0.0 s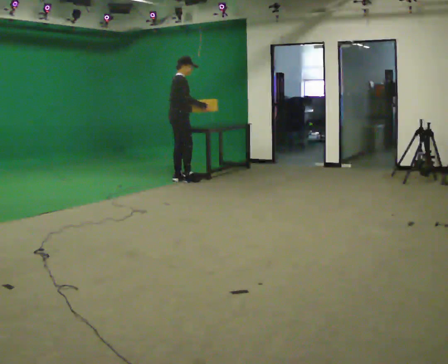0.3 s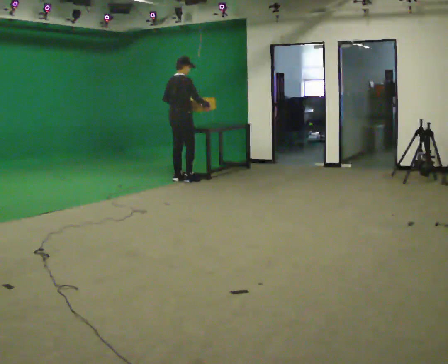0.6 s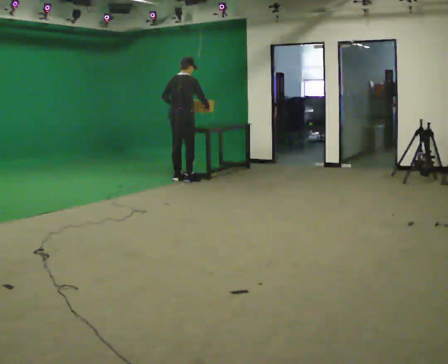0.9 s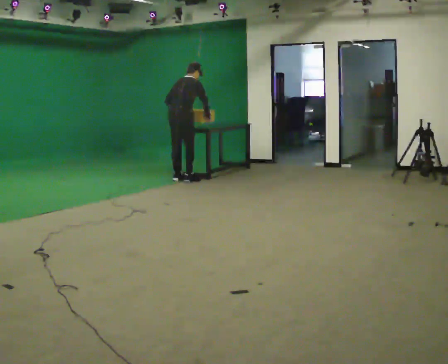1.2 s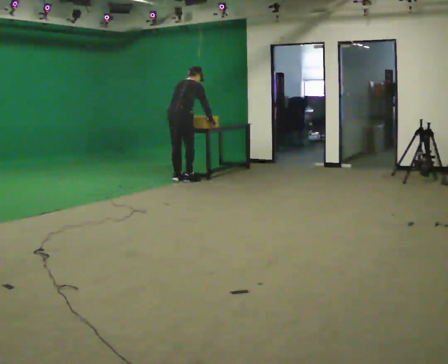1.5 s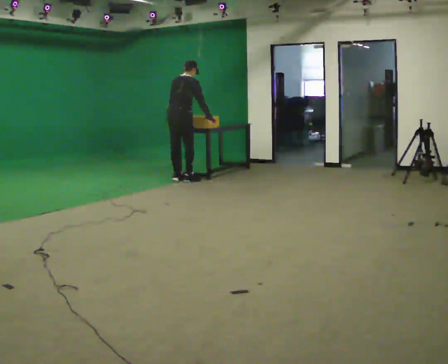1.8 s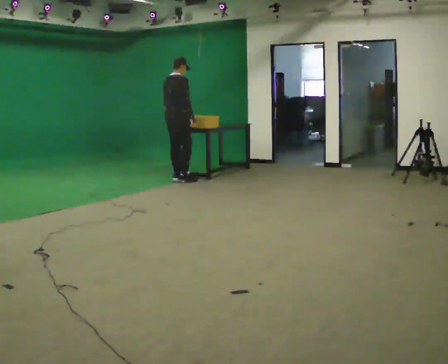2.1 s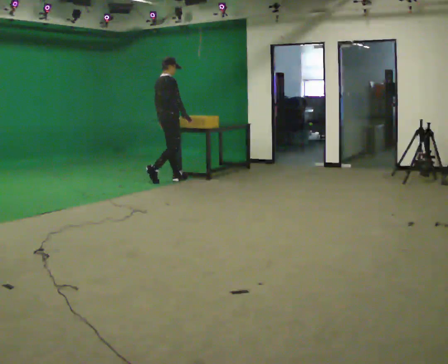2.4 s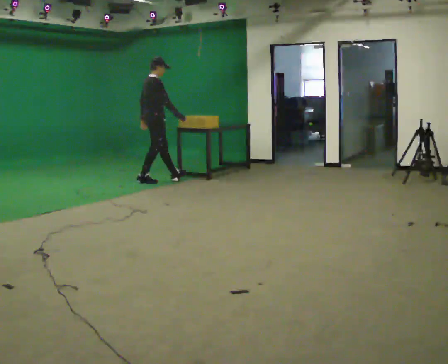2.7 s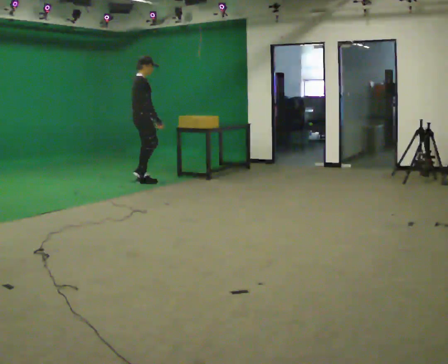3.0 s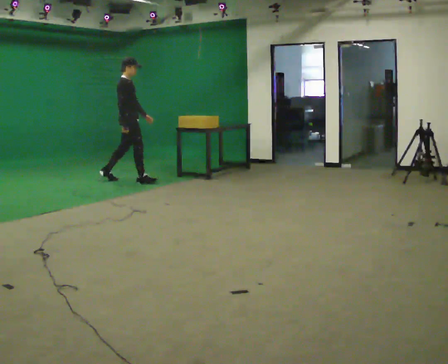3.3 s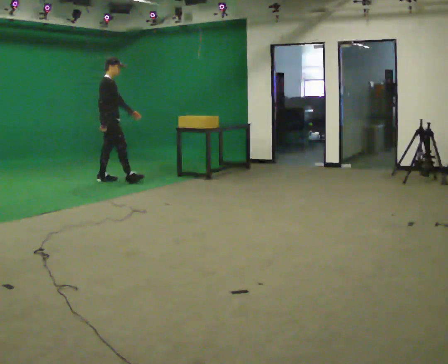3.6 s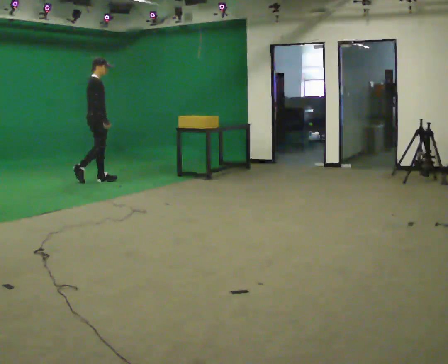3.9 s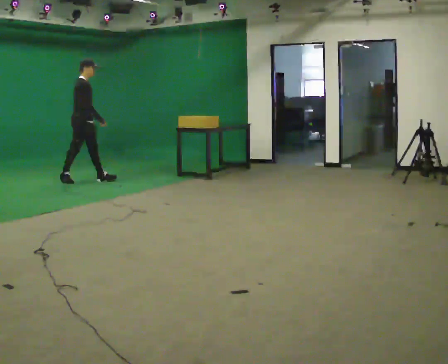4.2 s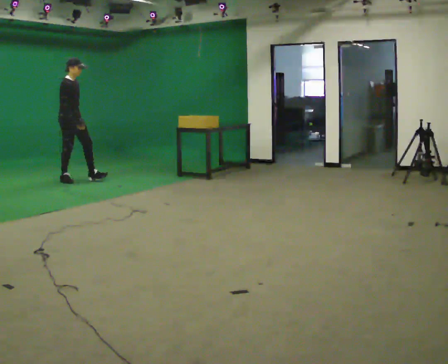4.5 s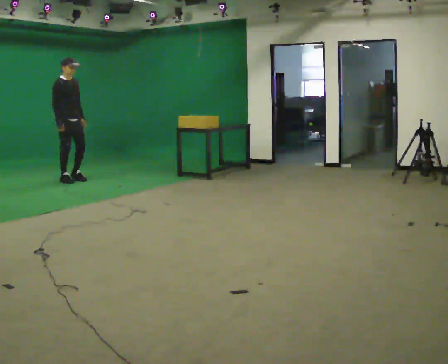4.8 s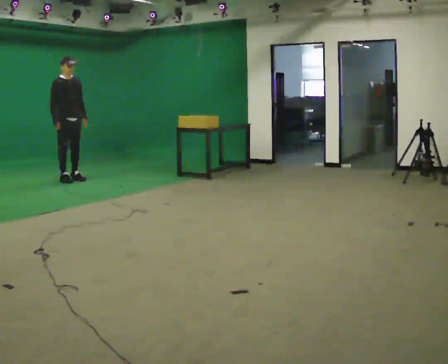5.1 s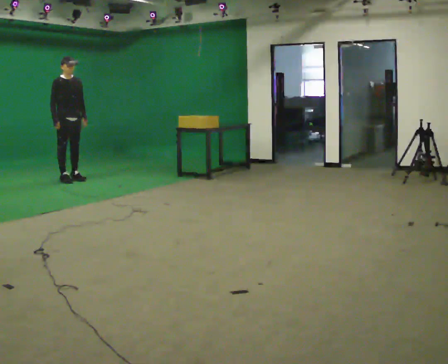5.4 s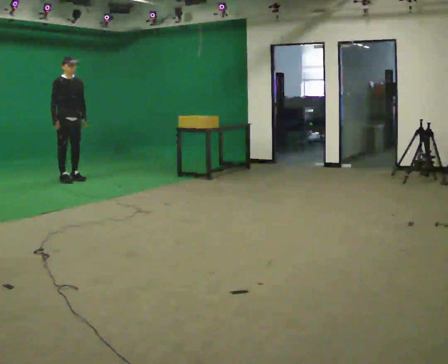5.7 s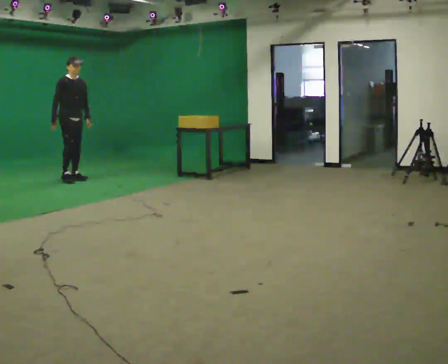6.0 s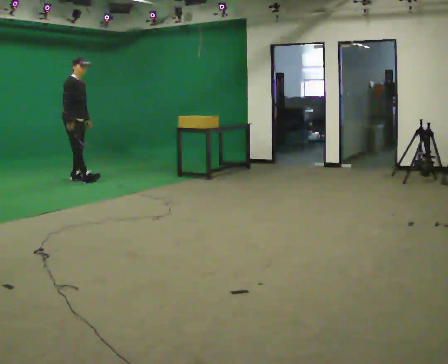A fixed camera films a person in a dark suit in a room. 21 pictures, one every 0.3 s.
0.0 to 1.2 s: Seen from above the body turns counterclockwise, about 45 degrees: to their left, with its near side sliding to the right. The upper body tips away from the camera, its near side rolling upward, as they bend forward.
1.2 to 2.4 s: The part of the body nearest the lens slides to the left as the person turns to their right by about 30 degrees. In the picture they go to the left, about 0.5 m in 2 steps, which for them is backward and to their left. The upper body tips toward the camera, its near side rolling downward, as they lean back or straighten.
2.4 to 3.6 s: In the picture they go to the left, about 1 m in 1 step, which for them is backward.
3.6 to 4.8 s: The person turns about 45 degrees to their right, clockwise seen from above, so the part of the body nearest the lens slides to the left. In the picture they go to the left, about 0.5 m in 1 step, which for them is backward.
4.8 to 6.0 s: The person moves a little, or ends about where they began.
The film runs backward here.
